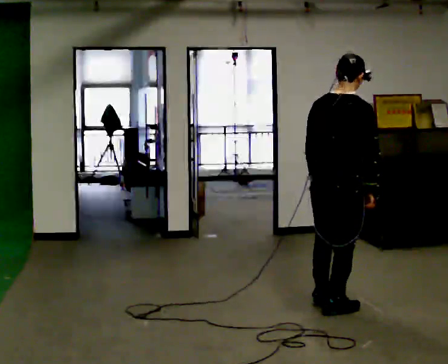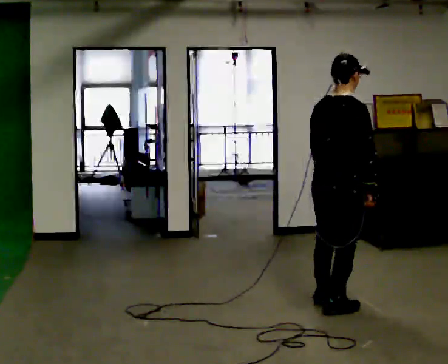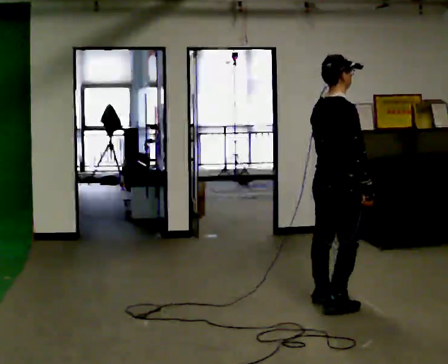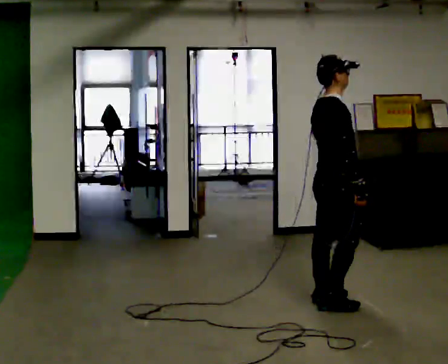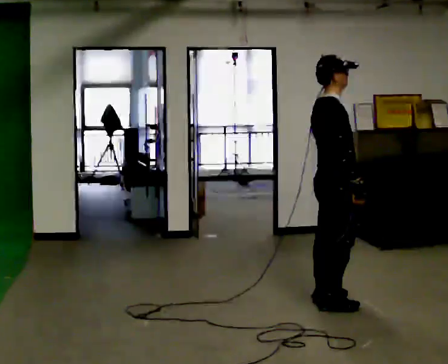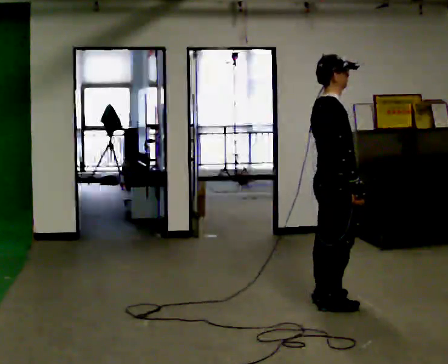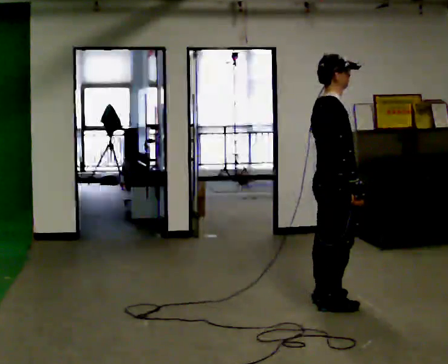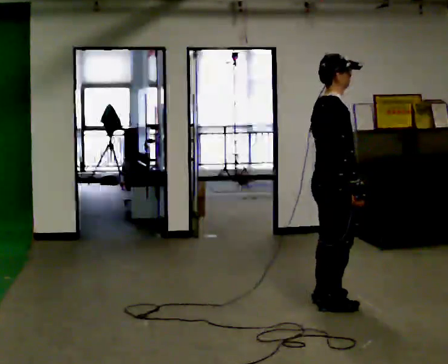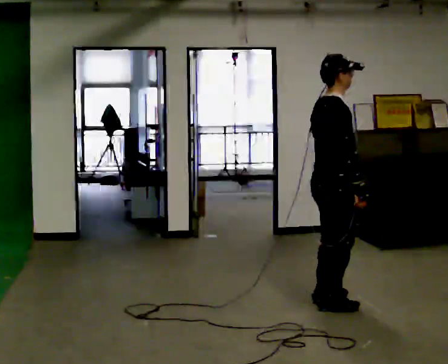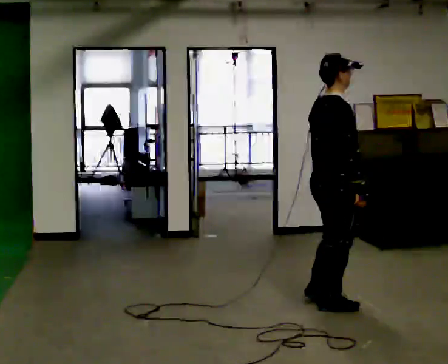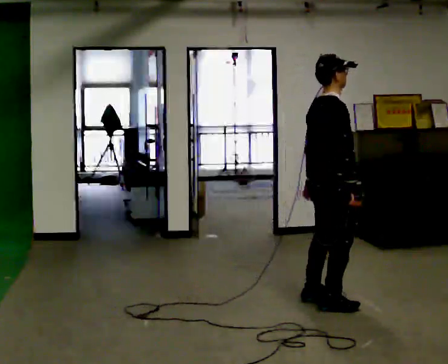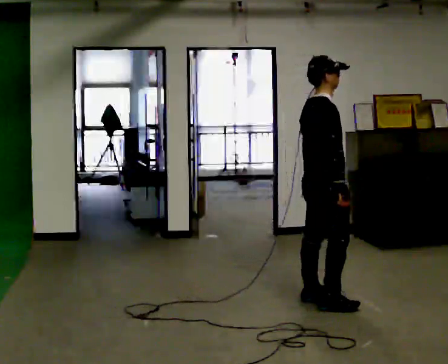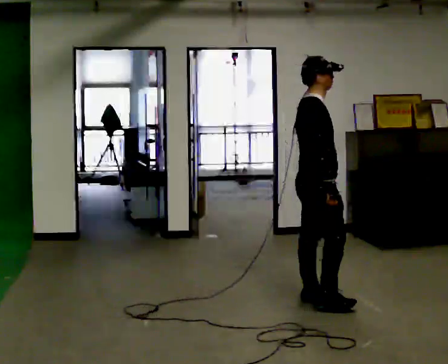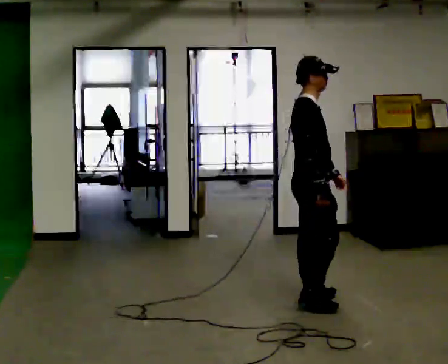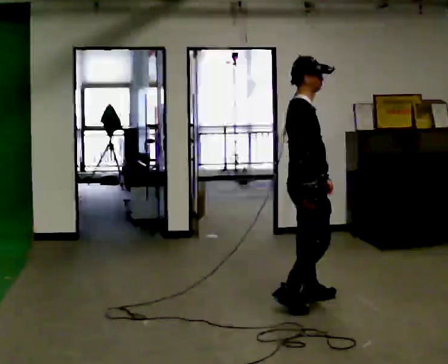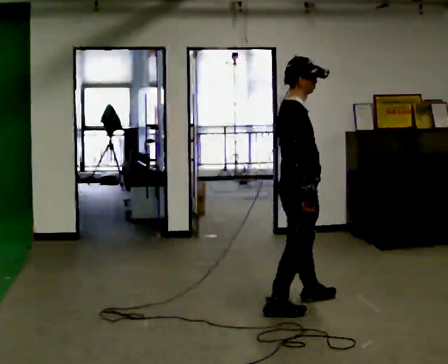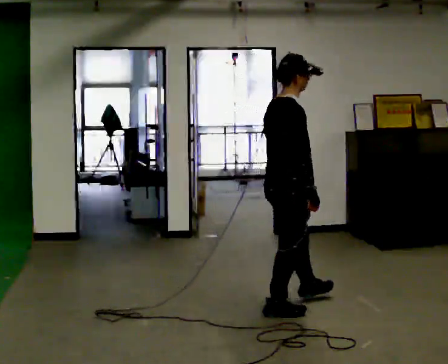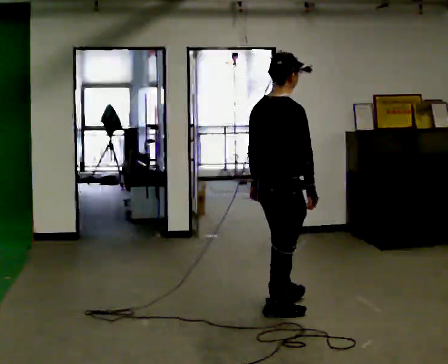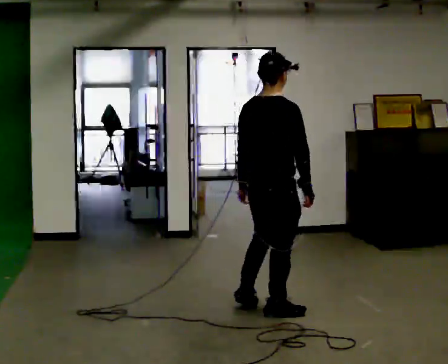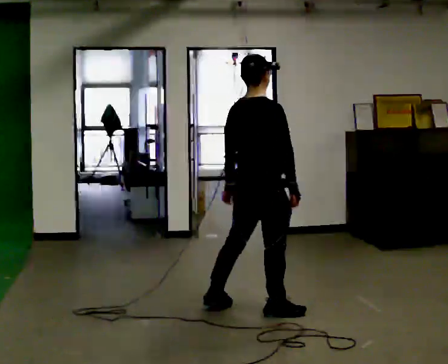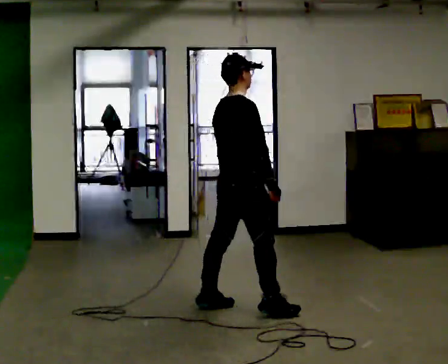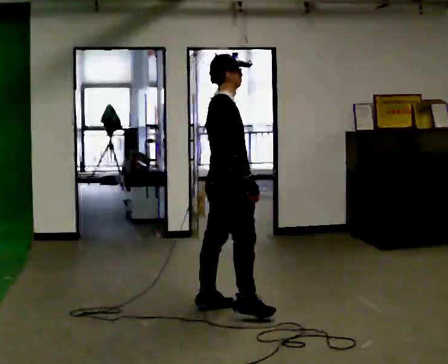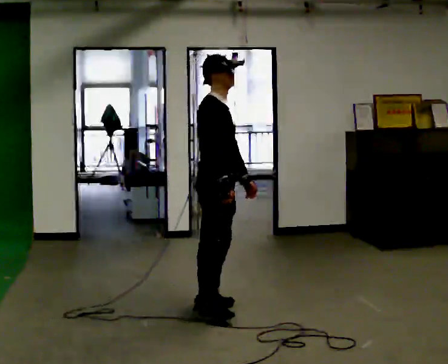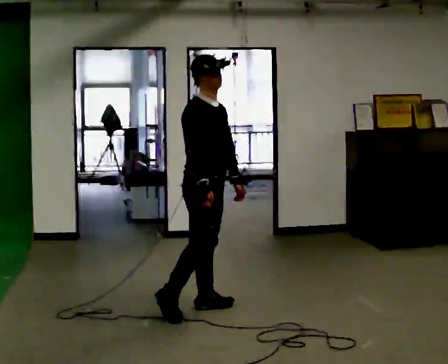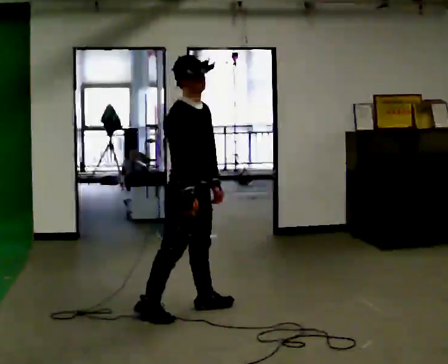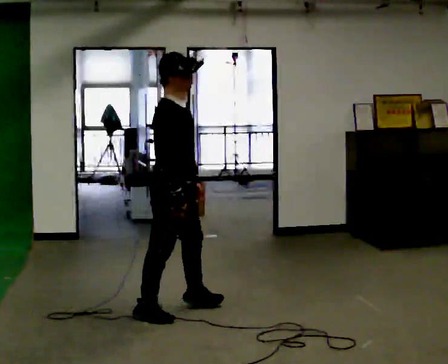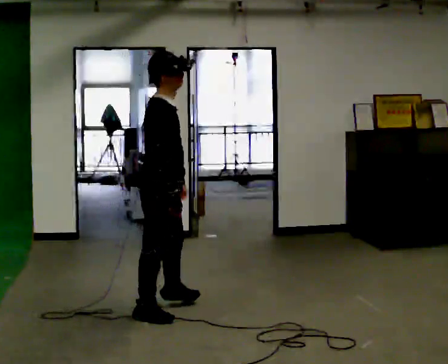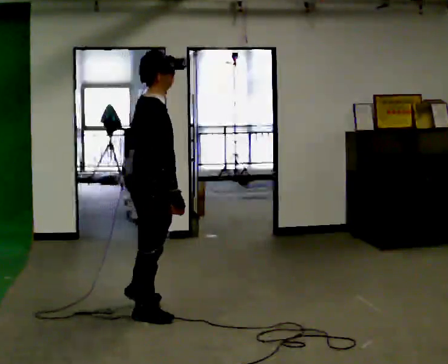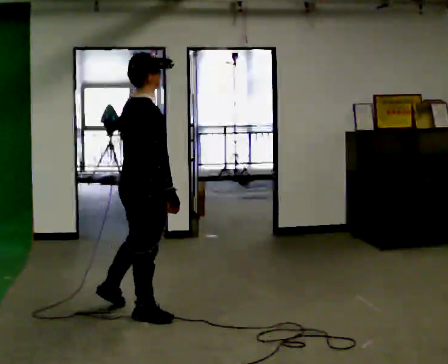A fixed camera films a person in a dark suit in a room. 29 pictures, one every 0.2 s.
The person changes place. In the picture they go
to the left.
0.0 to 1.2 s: Seen from above the body turns clockwise, about 45 degrees: to their right, with its near side sliding to the left. In the picture they go away from the camera, about 0.25 m, which for them is to their left.
1.2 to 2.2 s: The person moves a little, or ends about where they began.
2.2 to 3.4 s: In the picture they go to the left and toward the camera, about 0.25 m in 2 steps, which for them is backward and to their right.
3.4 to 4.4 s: Seen from above the body turns clockwise, about 30 degrees: to their right, with its near side sliding to the left. In the picture they go to the left, about 0.5 m in 1 step, which for them is to their left and backward.
4.4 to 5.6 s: The person turns about 30 degrees to their left, counterclockwise seen from above, so the part of the body nearest the lens slides to the right. In the picture they go to the left and toward the camera, about 0.5 m in 1 step, which for them is backward and to their right.
The film runs backward here.
